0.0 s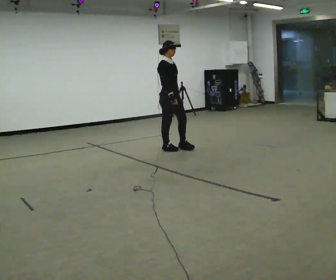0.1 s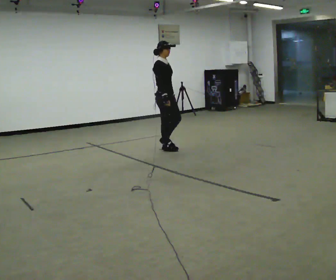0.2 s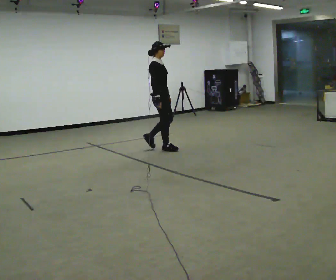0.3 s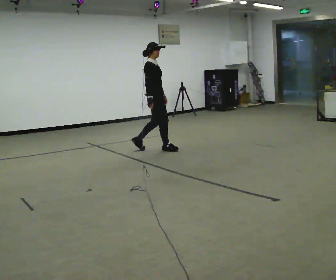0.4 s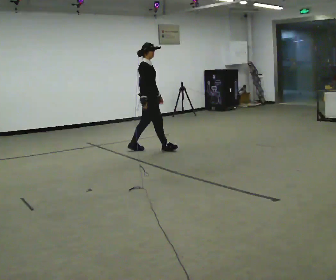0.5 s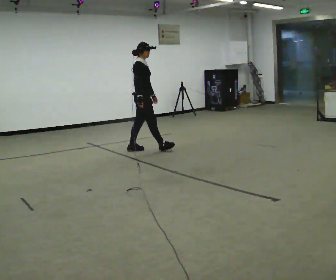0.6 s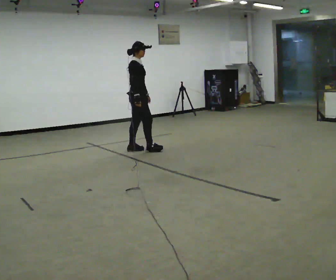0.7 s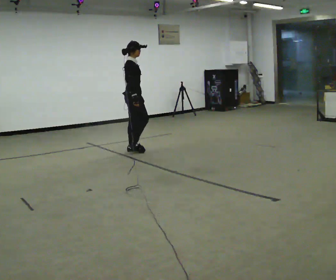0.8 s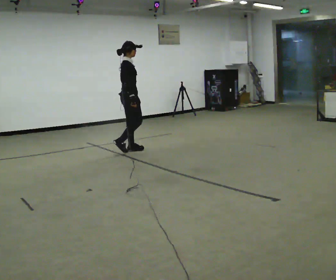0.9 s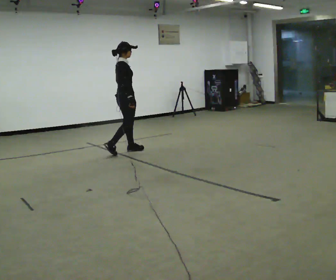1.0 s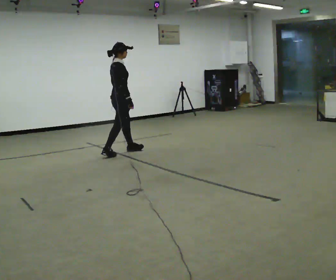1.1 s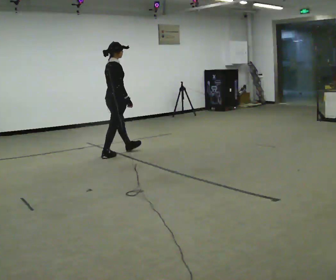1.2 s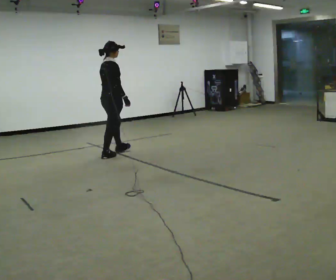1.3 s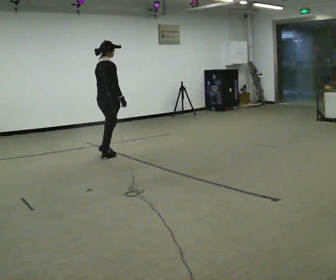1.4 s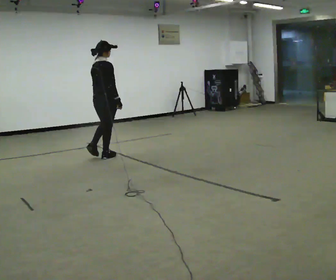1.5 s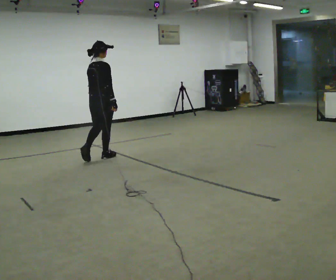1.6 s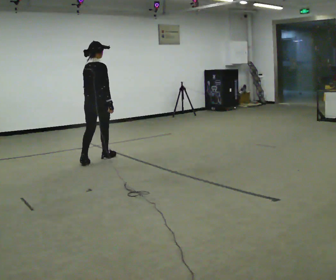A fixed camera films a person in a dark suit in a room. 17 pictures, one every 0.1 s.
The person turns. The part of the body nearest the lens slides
to the right.
The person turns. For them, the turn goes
to their left.
0.0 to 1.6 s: The person turns about 90 degrees to their left, counterclockwise seen from above, so the part of the body nearest the lens slides to the right. In the picture they go to the left, about 1 m in 2 steps.
The film runs backward here.
